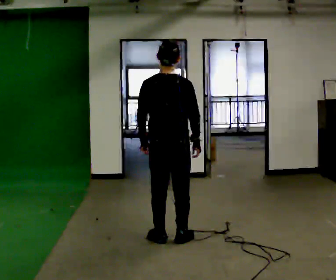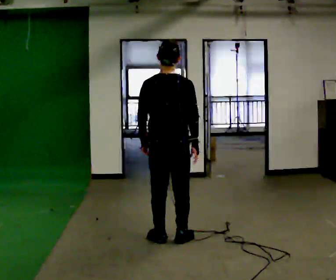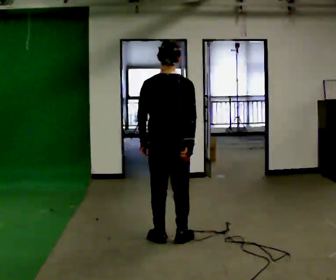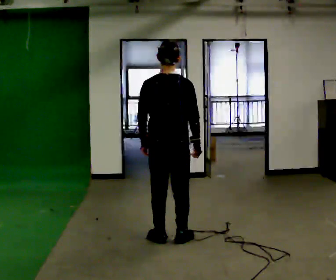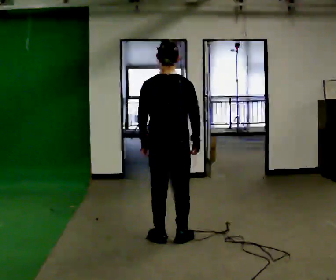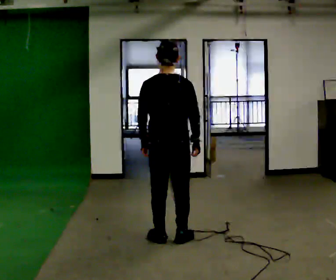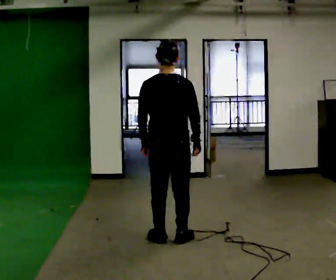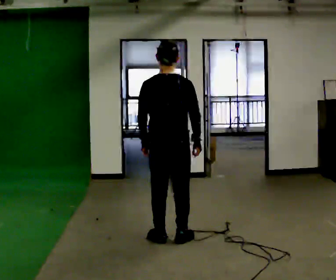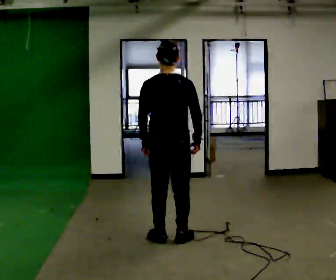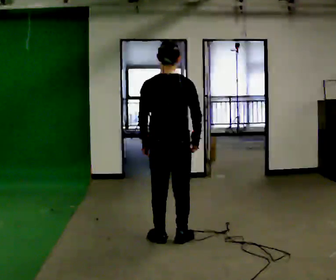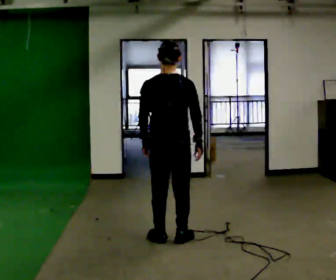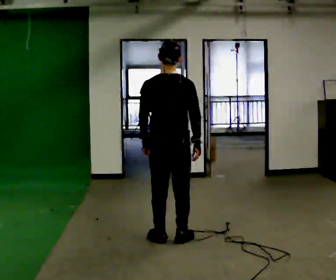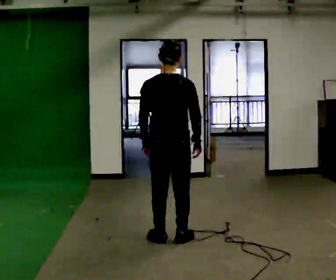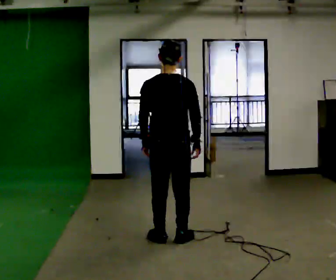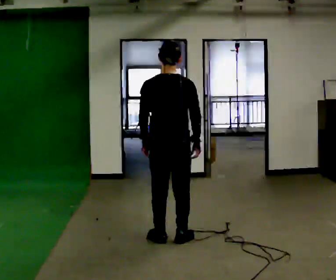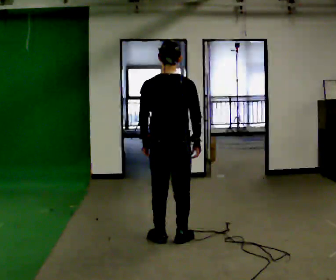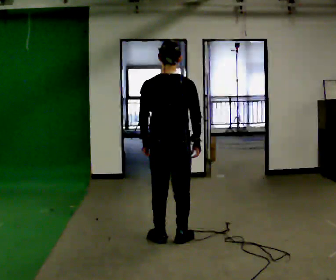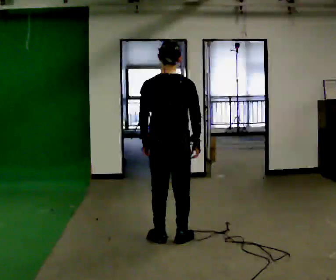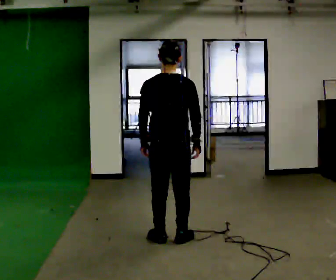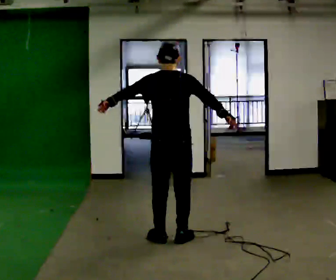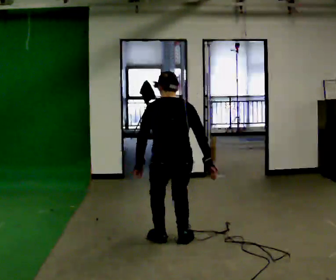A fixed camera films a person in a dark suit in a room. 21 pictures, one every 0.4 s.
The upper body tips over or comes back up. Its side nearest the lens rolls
upward.
0.0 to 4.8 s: The person moves a little, or ends about where they began.
4.8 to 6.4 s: The person keeps their place and pose.
6.4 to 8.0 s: The upper body goes downward. The upper body tips away from the camera, its near side rolling upward, as they bend forward.
The film runs forward here.
